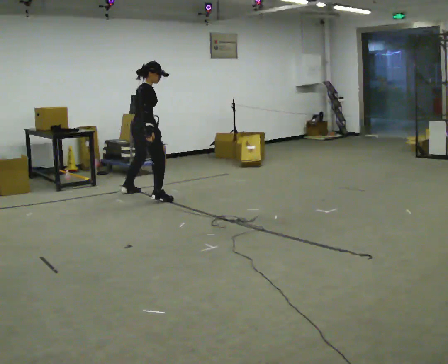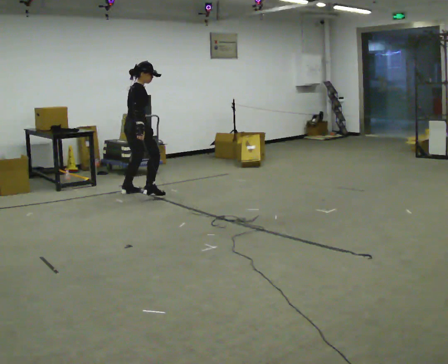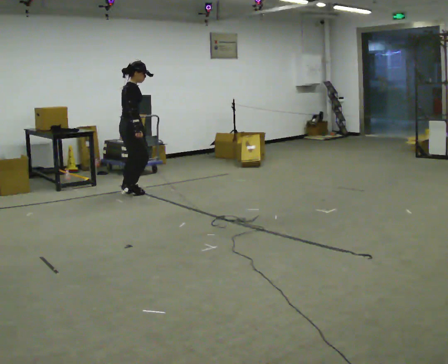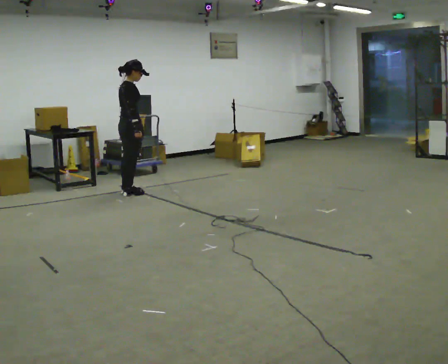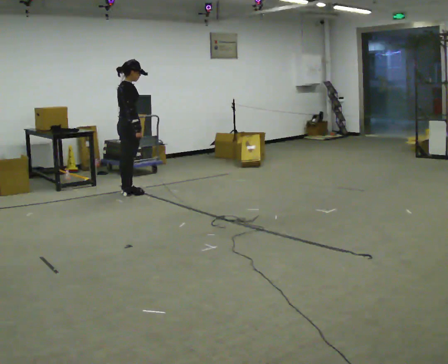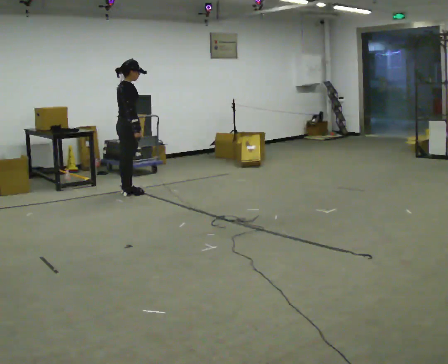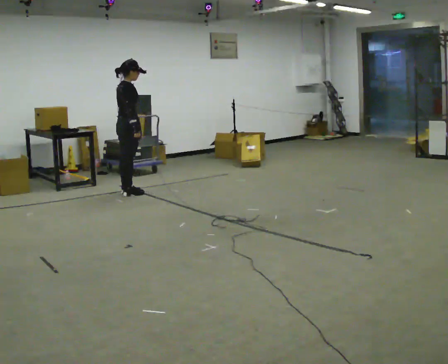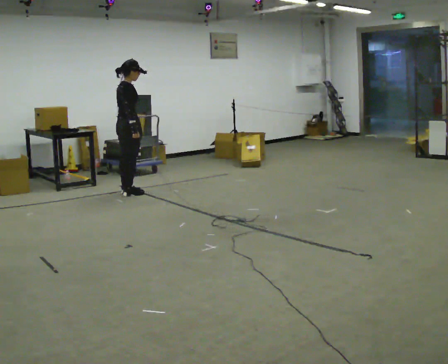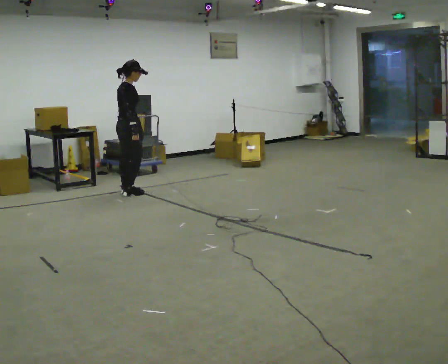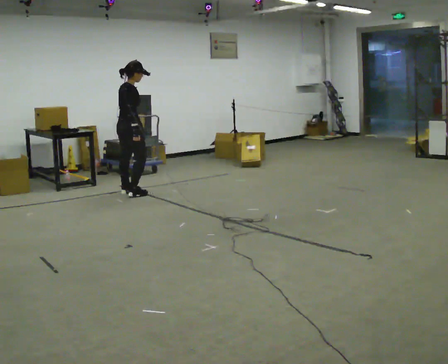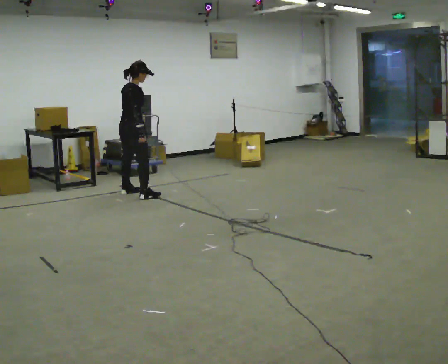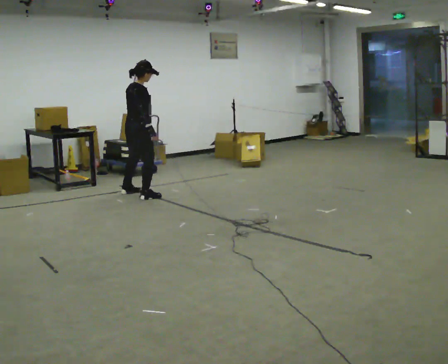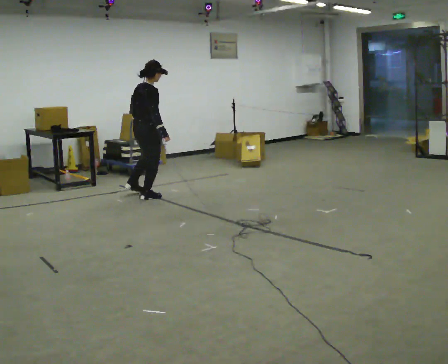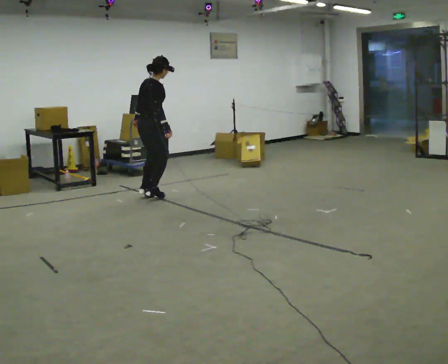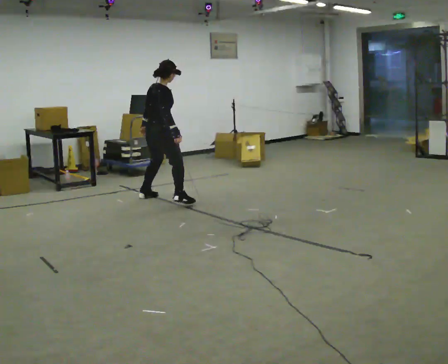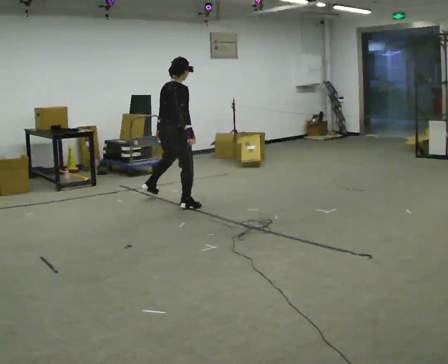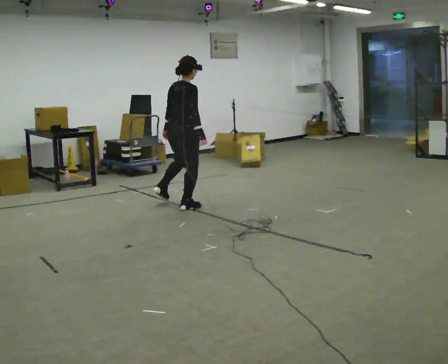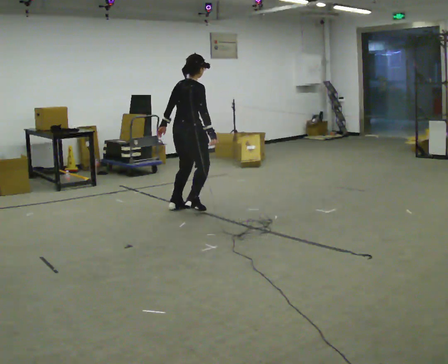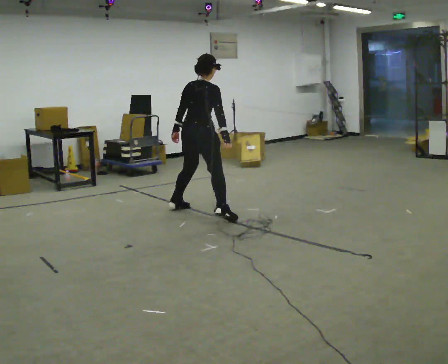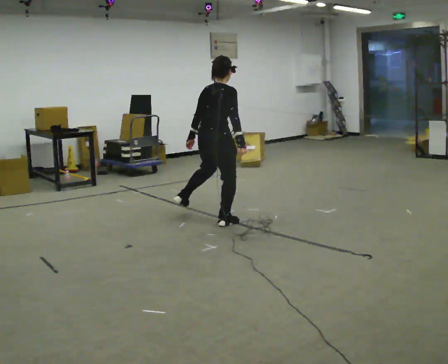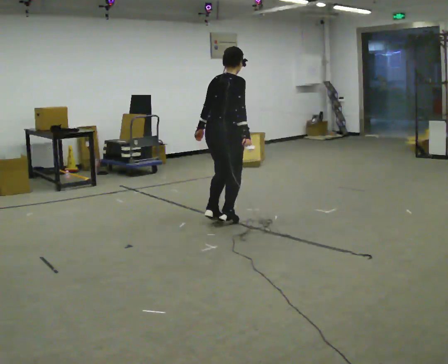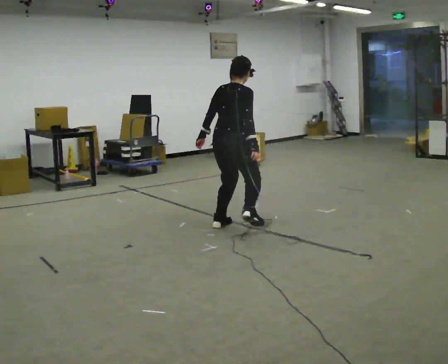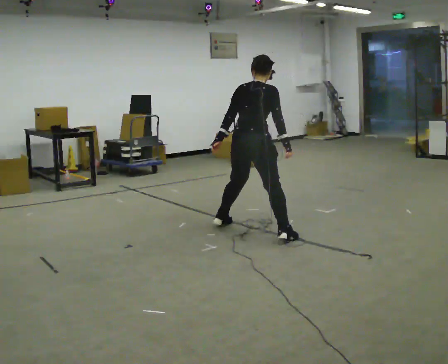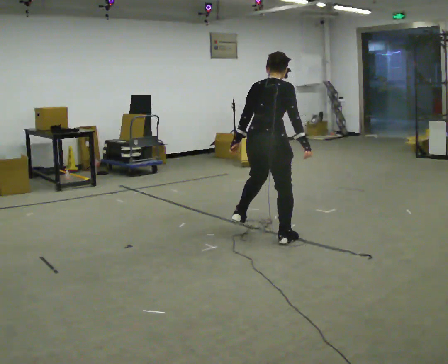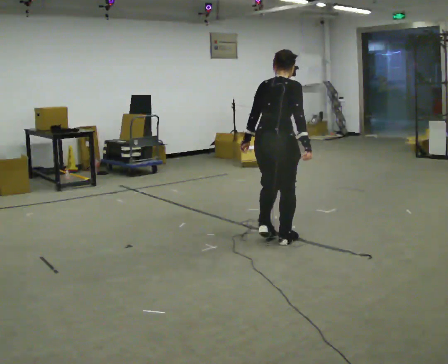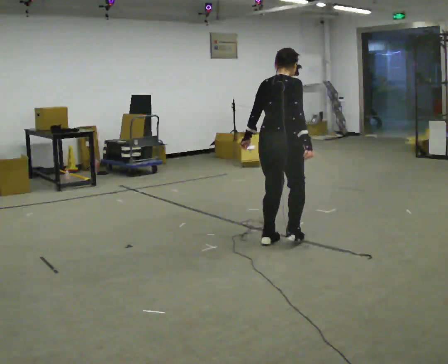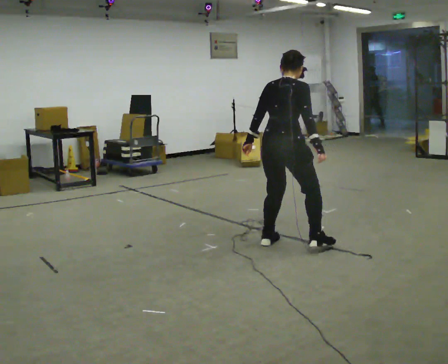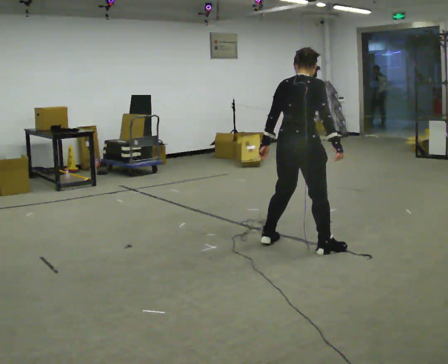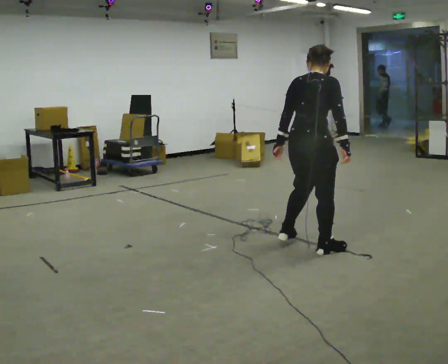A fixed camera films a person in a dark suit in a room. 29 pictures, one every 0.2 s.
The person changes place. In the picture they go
toward the camera.
0.0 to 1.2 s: In the picture they go to the left and away from the camera, about 0.25 m in 1 step, which for them is to their left and backward.
1.2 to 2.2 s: The person moves a little, or ends about where they began.
2.2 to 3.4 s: In the picture they go toward the camera and to the right, about 1 m in 4 steps, which for them is to their right.
3.4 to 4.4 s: In the picture they go toward the camera and to the right, about 1 m in 2 steps, which for them is to their right.
4.4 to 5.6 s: In the picture they go toward the camera and to the right, about 1 m in 3 steps, which for them is to their right.
The film runs backward here.
